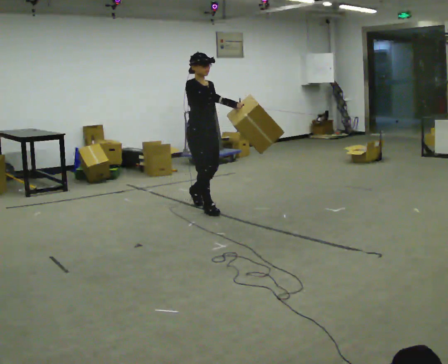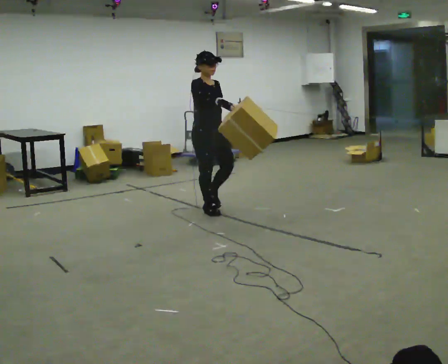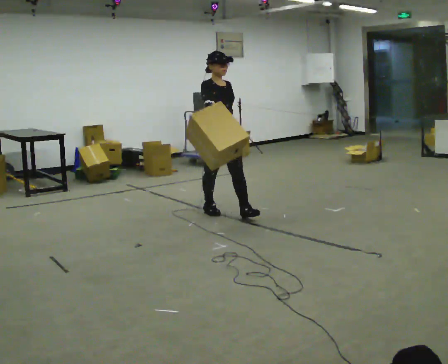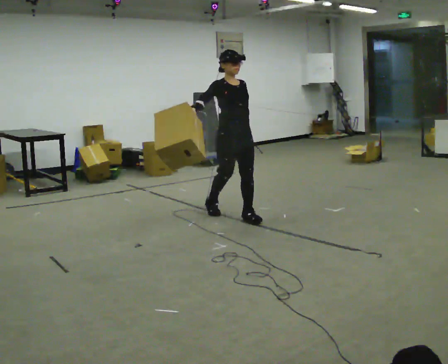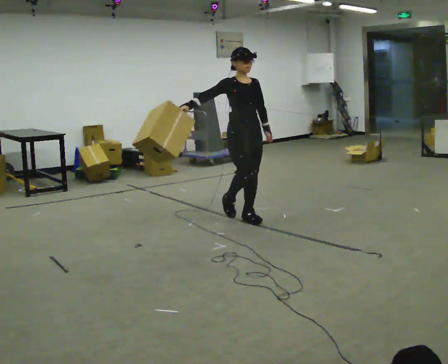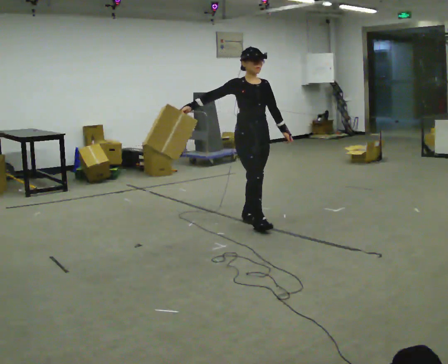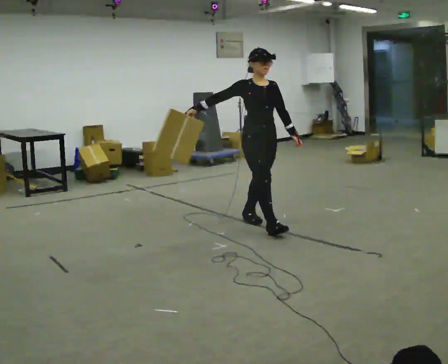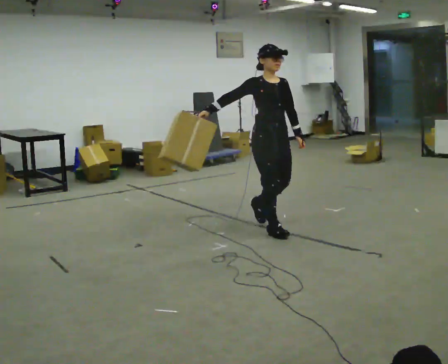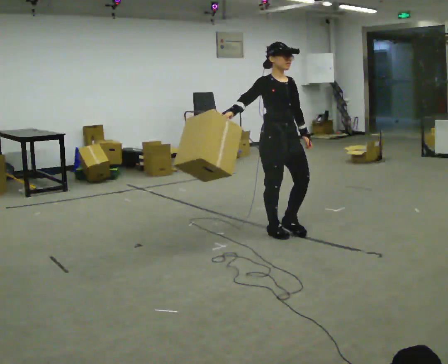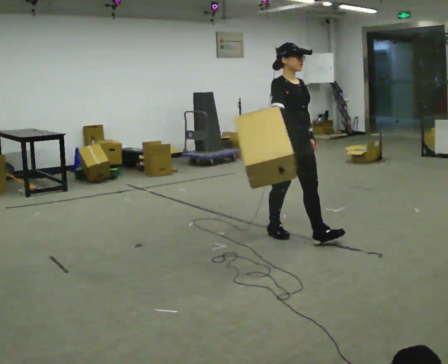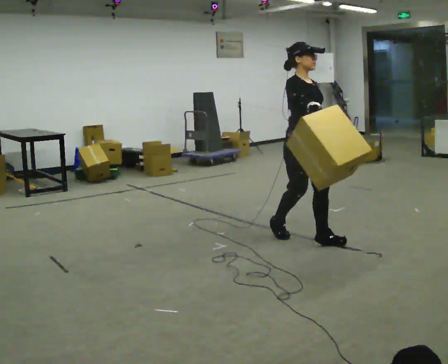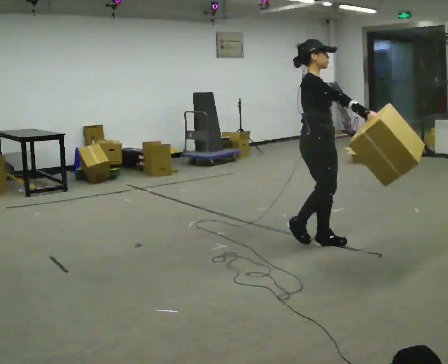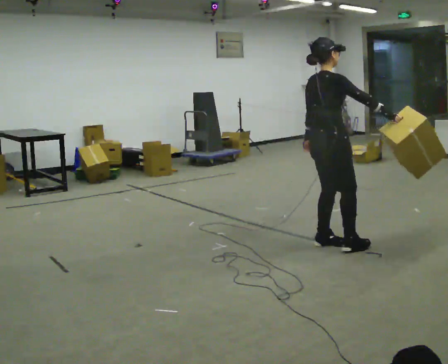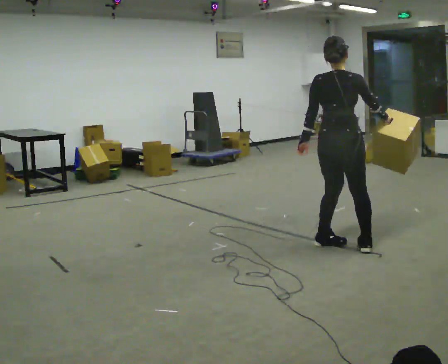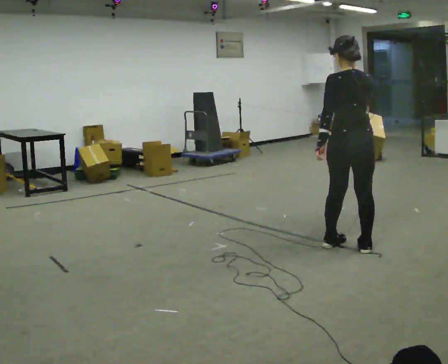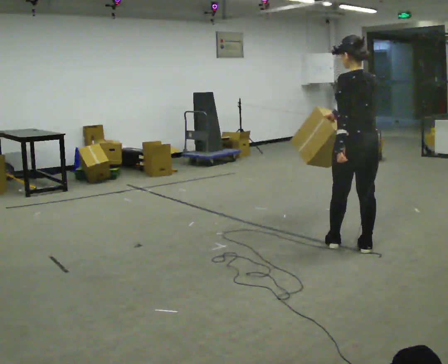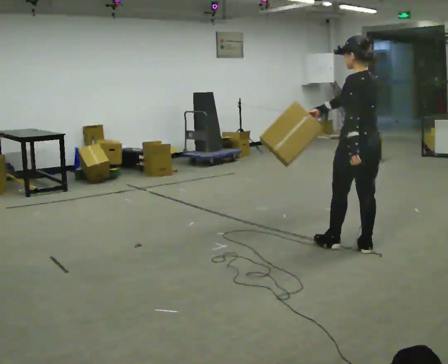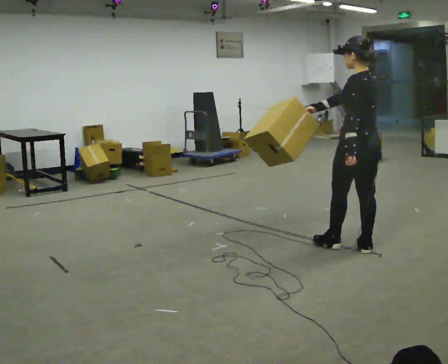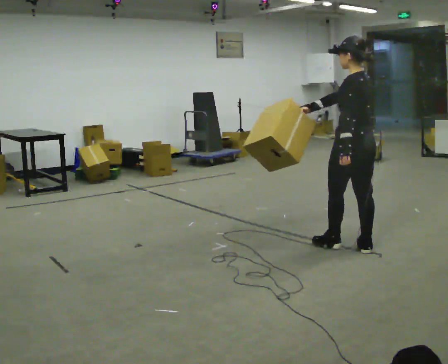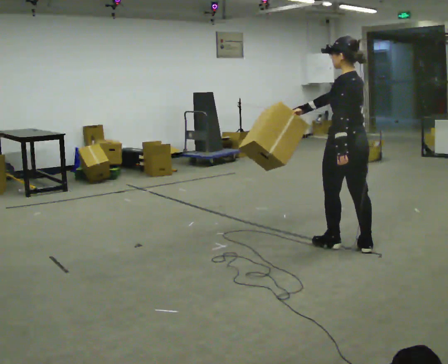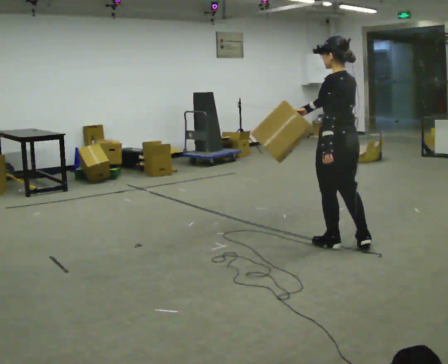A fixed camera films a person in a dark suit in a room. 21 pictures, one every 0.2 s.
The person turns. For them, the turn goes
to their left.
The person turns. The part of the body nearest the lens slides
to the right.
0.0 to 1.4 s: In the picture they go toward the camera and to the right, about 1 m in 2 steps, which for them is forward.
1.4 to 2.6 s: The person turns about 120 degrees to their left, counterclockwise seen from above, so the part of the body nearest the lens slides to the right. In the picture they go to the right and toward the camera, about 0.5 m in 2 steps.
2.6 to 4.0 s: The person turns about 75 degrees to their left, counterclockwise seen from above, so the part of the body nearest the lens slides to the right. In the picture their right hand goes to the left.
The film runs forward here.
